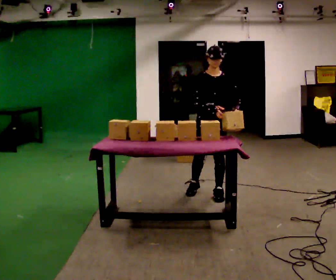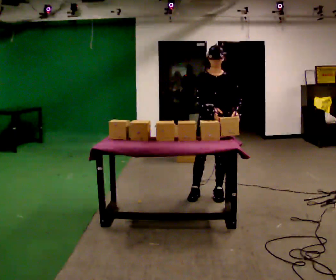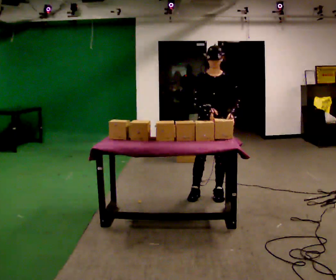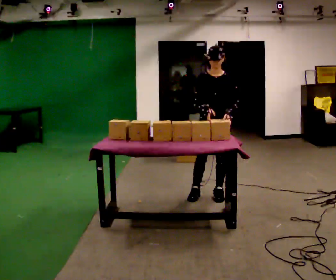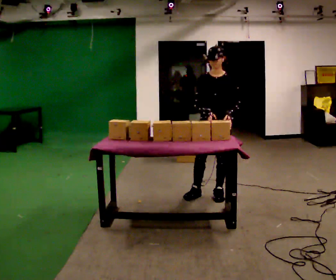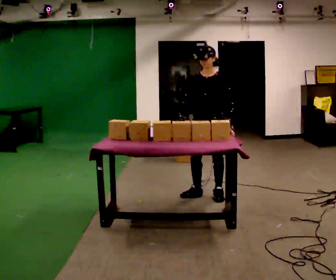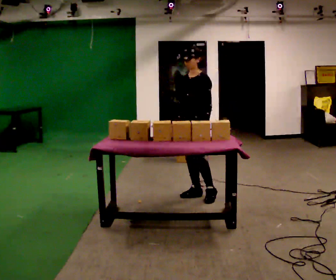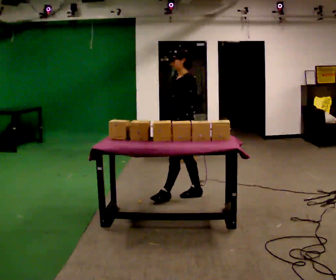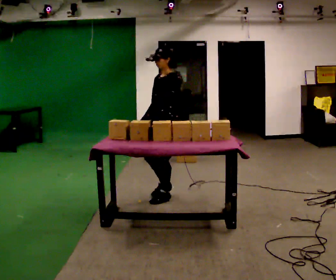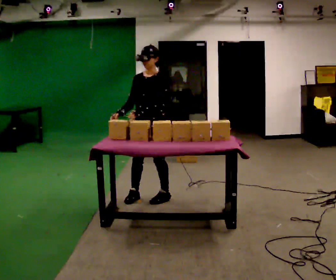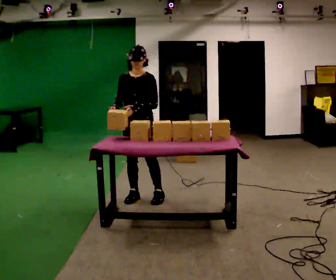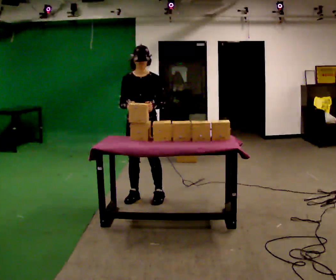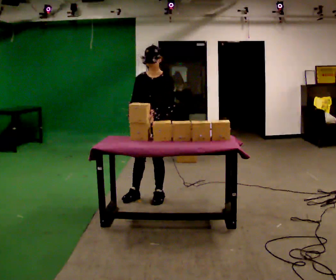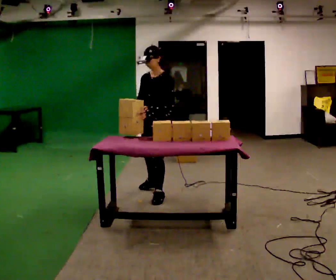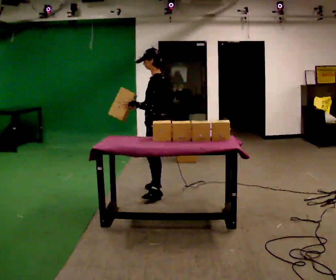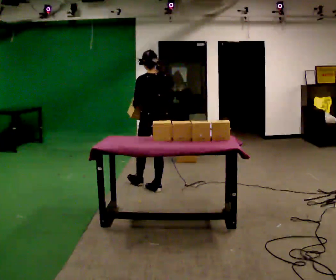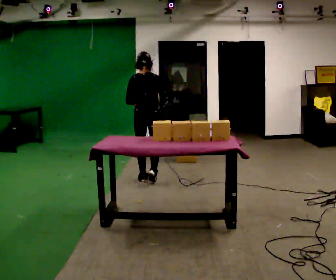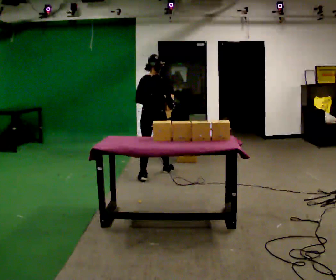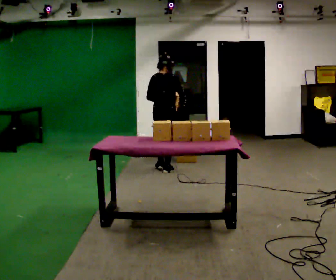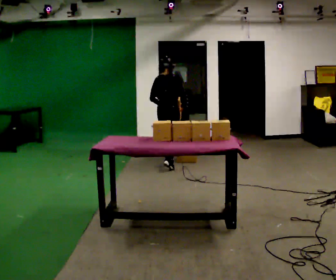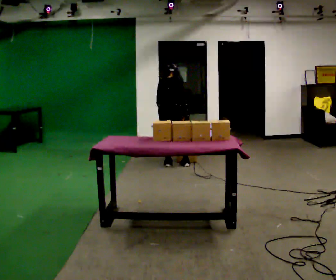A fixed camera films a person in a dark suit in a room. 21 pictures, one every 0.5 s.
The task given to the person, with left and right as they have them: Carry the box over and put it on the shelf with the label facing out towards you. Get the orientation right, not just the position. Keep going until the operator says stop; one object at a time, and do not rush between trips.
0.0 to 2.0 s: The person moves a little, or ends about where they began.
2.0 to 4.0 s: Seen from above the body turns clockwise, about 45 degrees: to their right, with its near side sliding to the left. In the picture they go to the left, about 0.5 m in 1 step, which for them is forward and to their right.
4.0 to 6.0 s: The part of the body nearest the lens slides to the right as the person turns to their left by about 45 degrees.
6.0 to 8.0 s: The part of the body nearest the lens slides to the left as the person turns to their right by about 165 degrees. In the picture they go away from the camera, about 0.5 m in 2 steps.
8.0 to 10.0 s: In the picture they go away from the camera and to the right, about 1 m in 3 steps, which for them is forward. The upper body tips away from the camera, its near side rolling upward, as they bend forward.
The film runs forward here.
